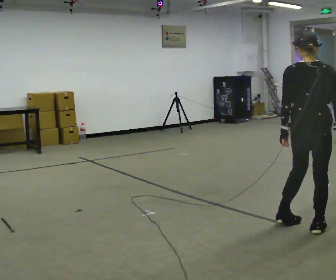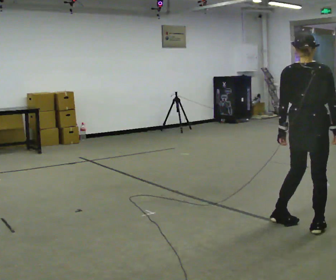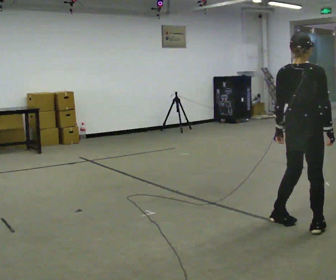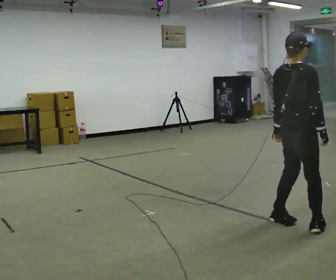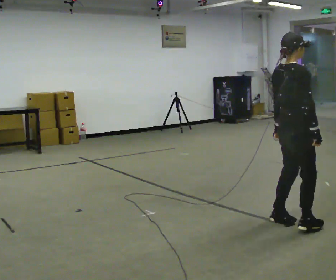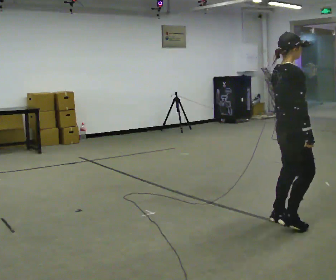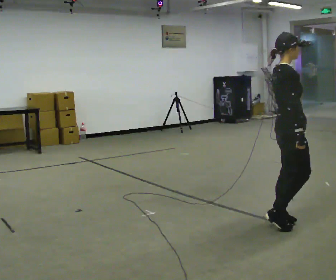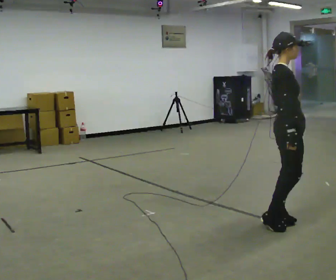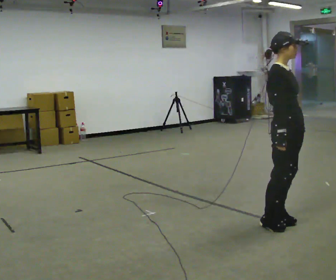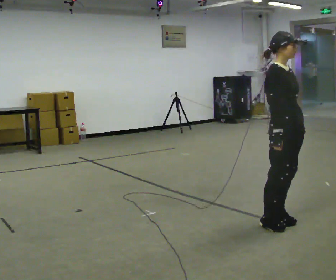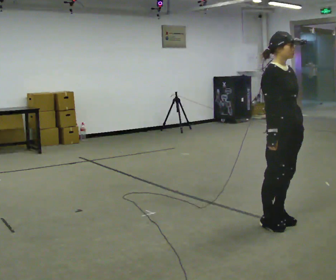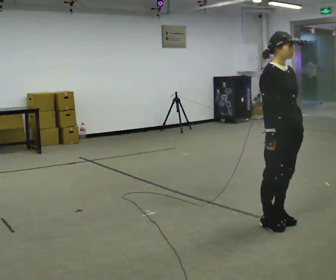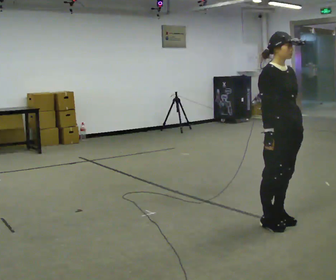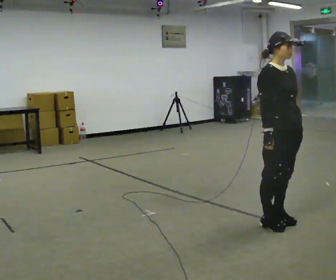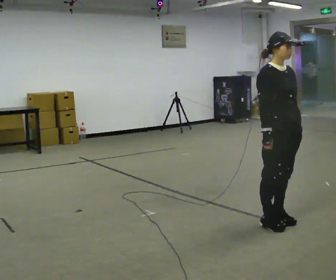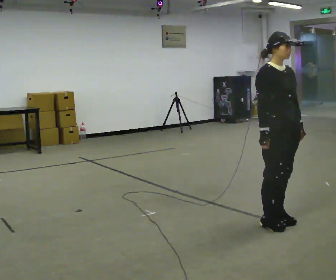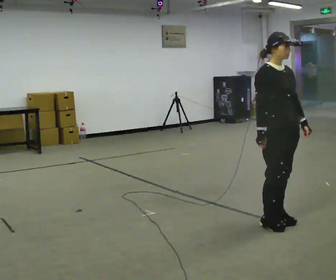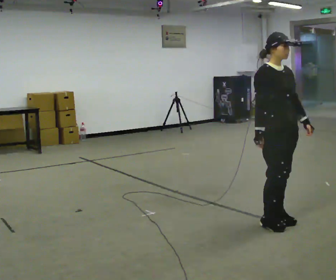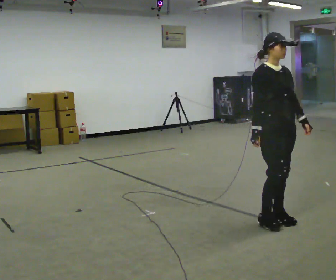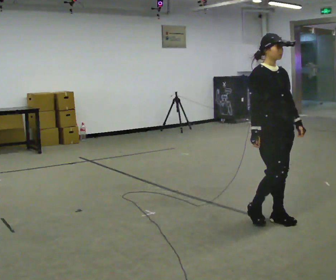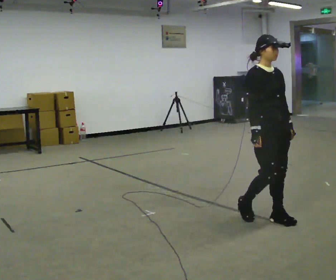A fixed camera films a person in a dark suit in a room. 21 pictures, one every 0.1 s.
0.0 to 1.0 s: The part of the body nearest the lens slides to the left as the person turns to their right by about 105 degrees. In the picture they go to the left, about 0.25 m in 1 step.
1.0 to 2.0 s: The person moves a little, or ends about where they began.
The film runs backward here.
